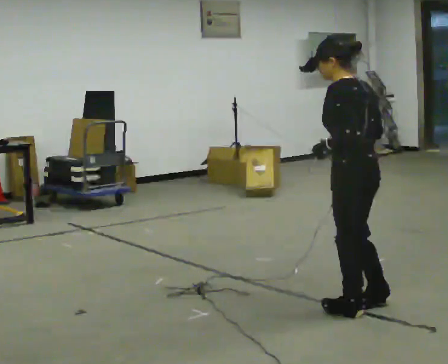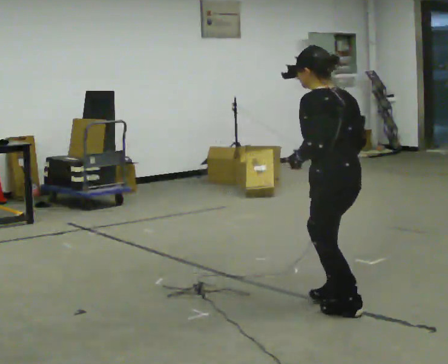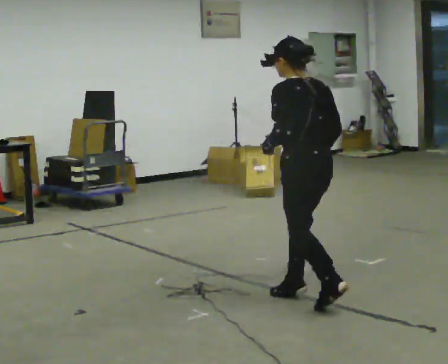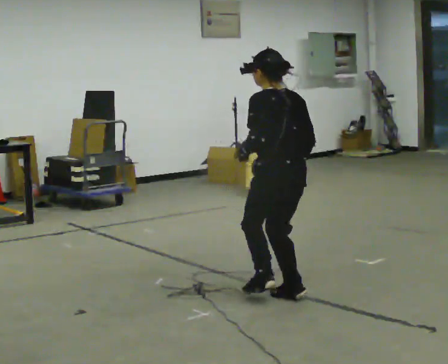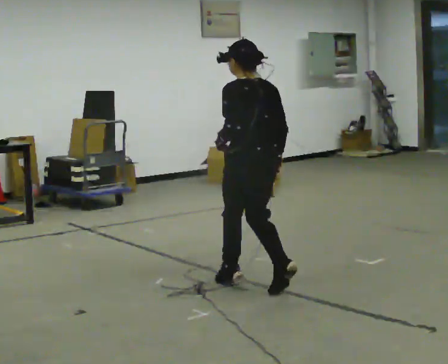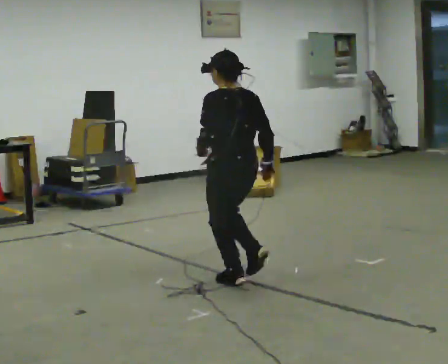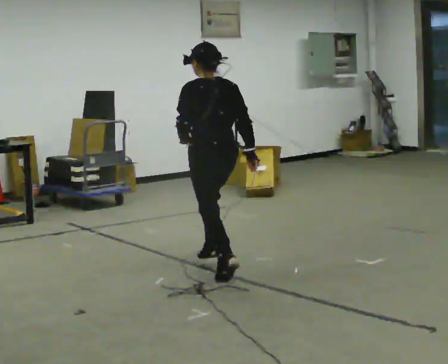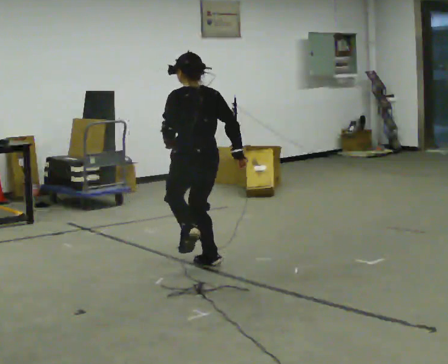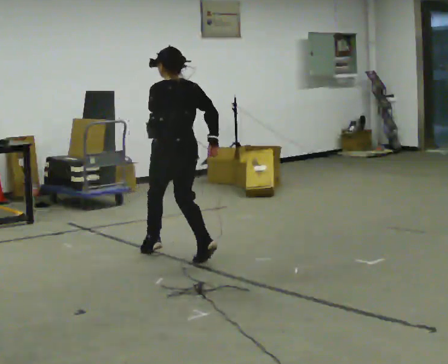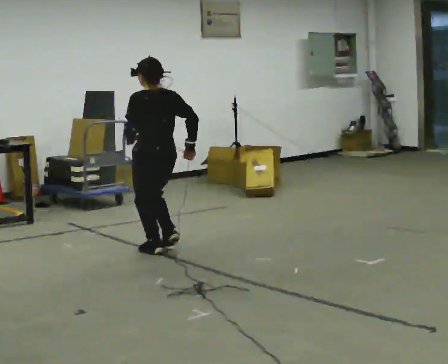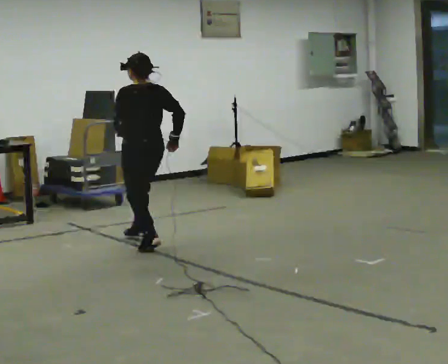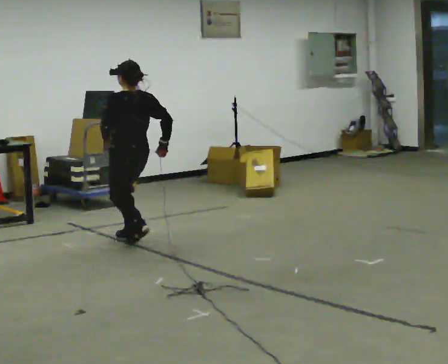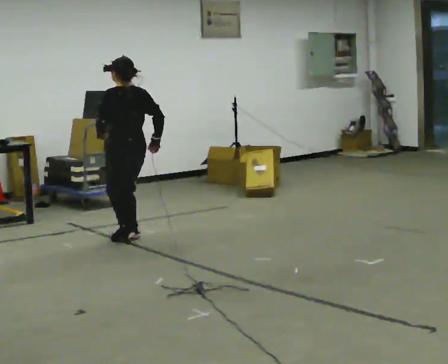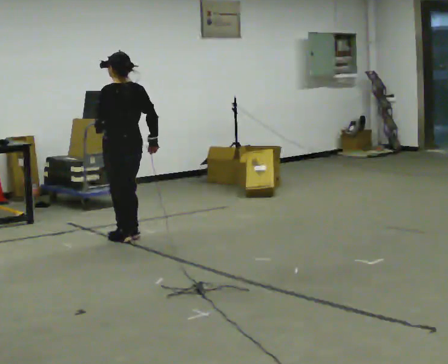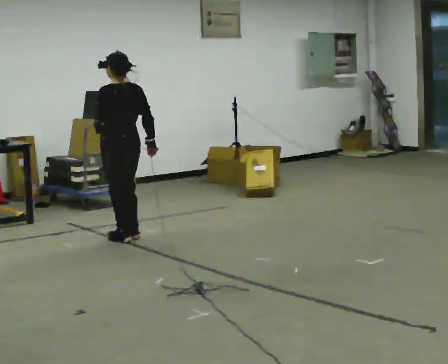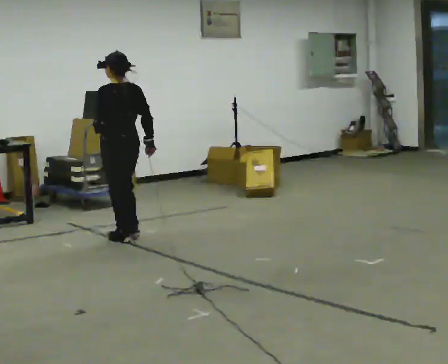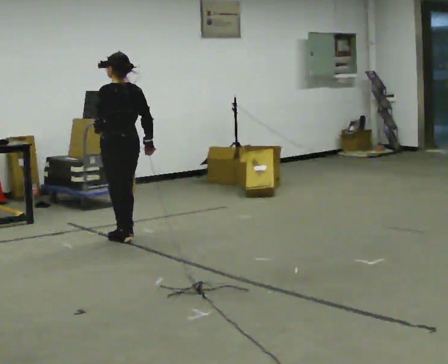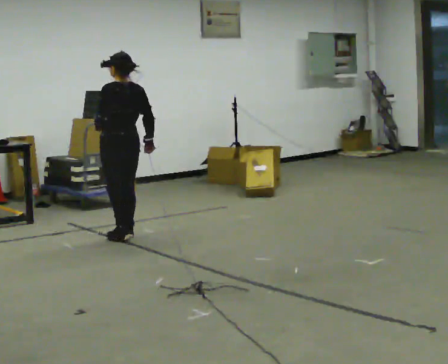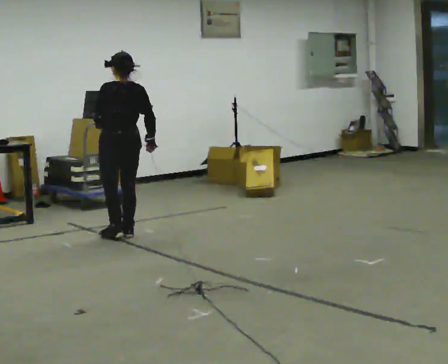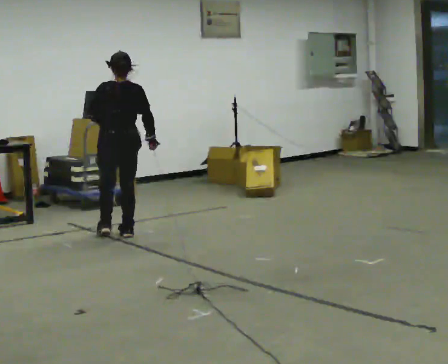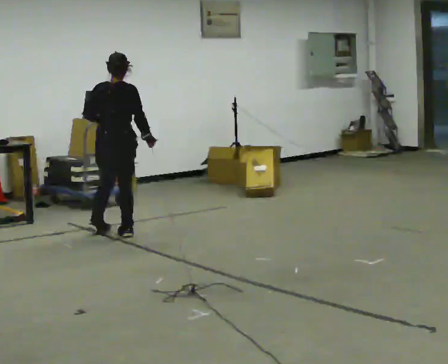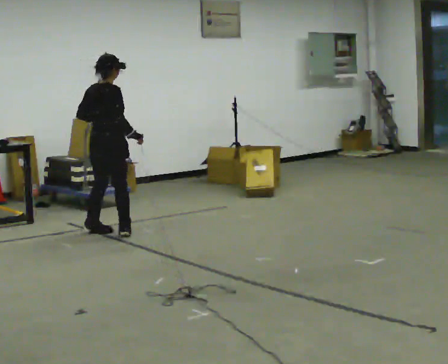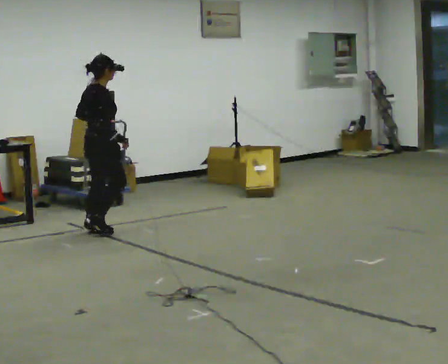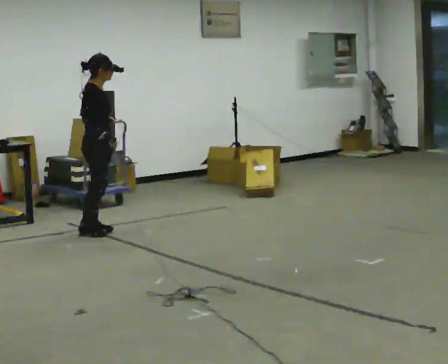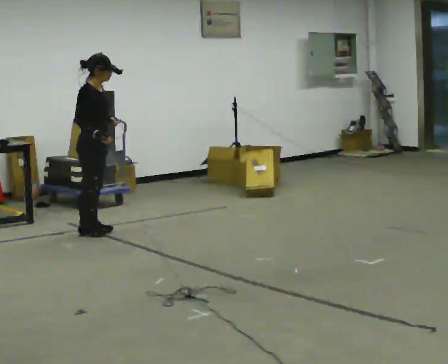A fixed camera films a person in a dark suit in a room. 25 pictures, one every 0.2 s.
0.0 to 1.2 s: Seen from above the body turns clockwise, about 30 degrees: to their right, with its near side sliding to the left. In the picture they go away from the camera and to the left, about 1 m in 4 steps, which for them is forward.
1.2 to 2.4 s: In the picture they go away from the camera and to the left, about 1.5 m in 2 steps, which for them is forward.
2.4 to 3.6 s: The person moves a little, or ends about where they began.
3.6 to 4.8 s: Seen from above the body turns clockwise, about 120 degrees: to their right, with its near side sliding to the left. In the picture they go to the left, about 0.25 m in 1 step.
The film runs backward here.
